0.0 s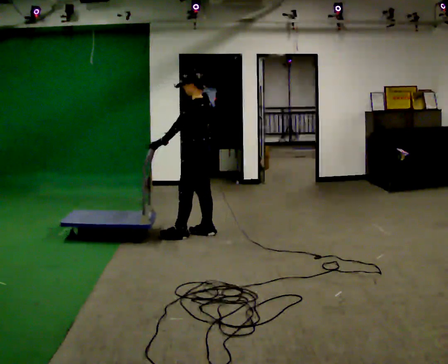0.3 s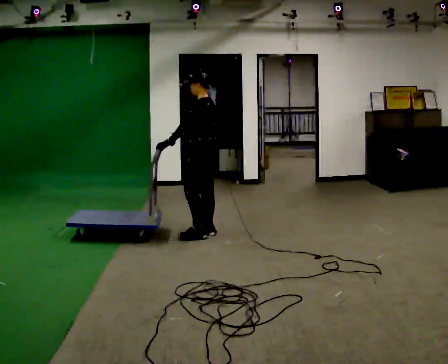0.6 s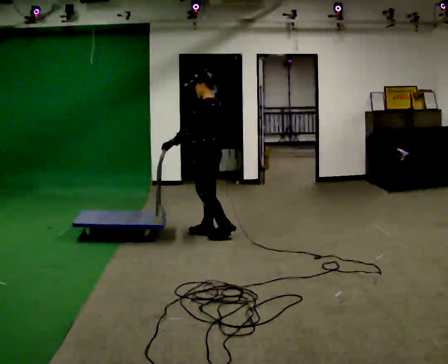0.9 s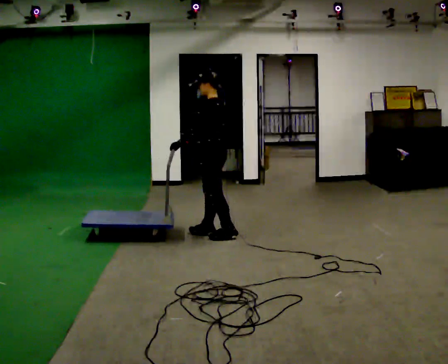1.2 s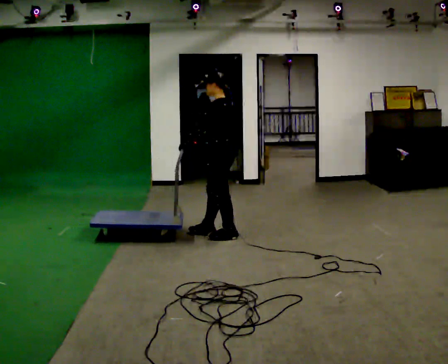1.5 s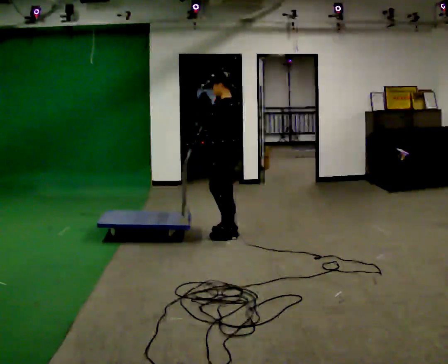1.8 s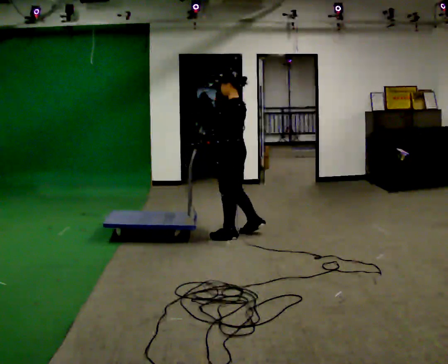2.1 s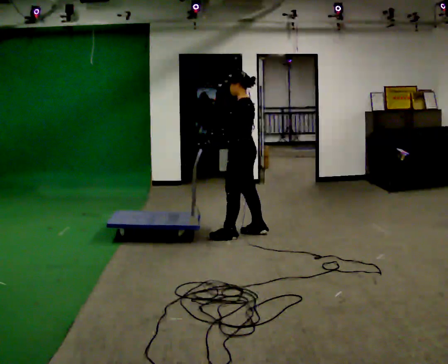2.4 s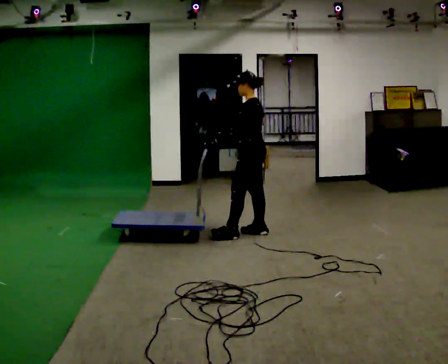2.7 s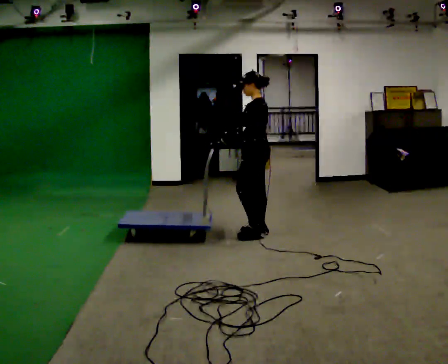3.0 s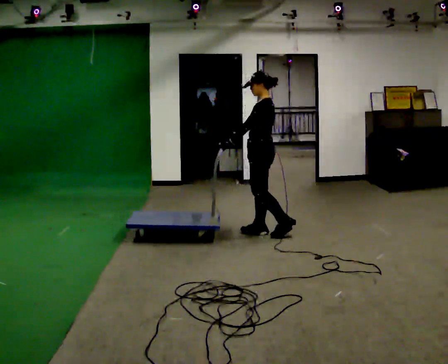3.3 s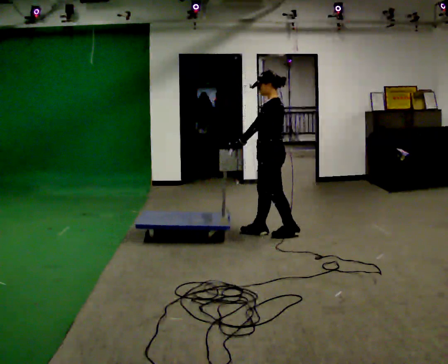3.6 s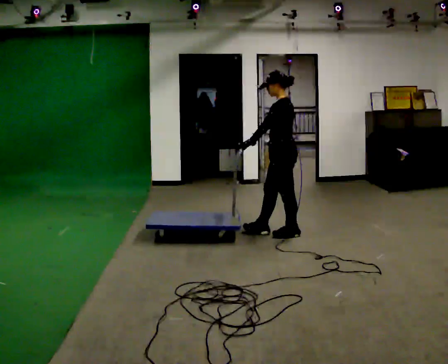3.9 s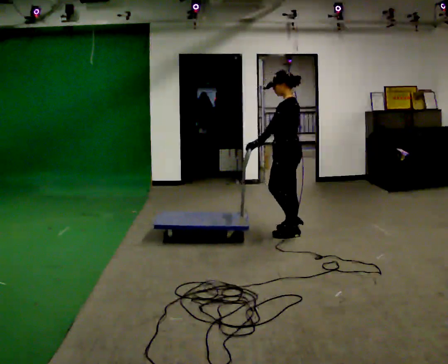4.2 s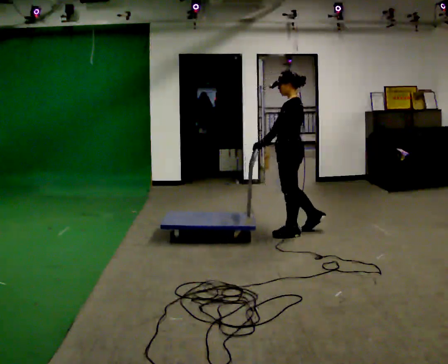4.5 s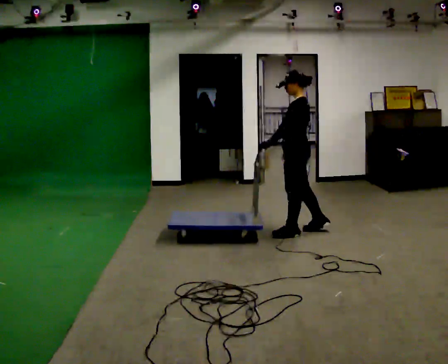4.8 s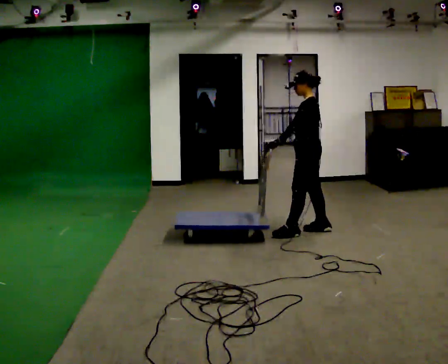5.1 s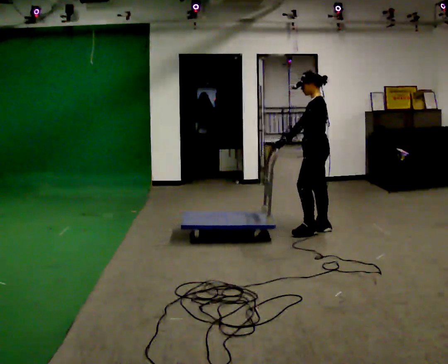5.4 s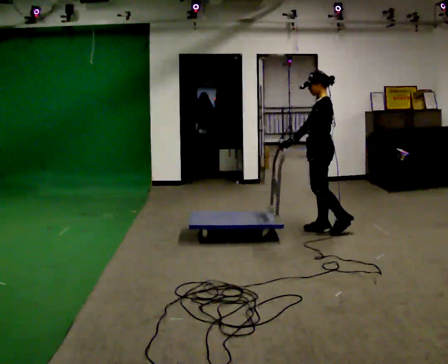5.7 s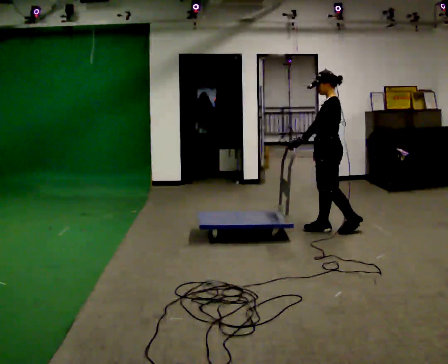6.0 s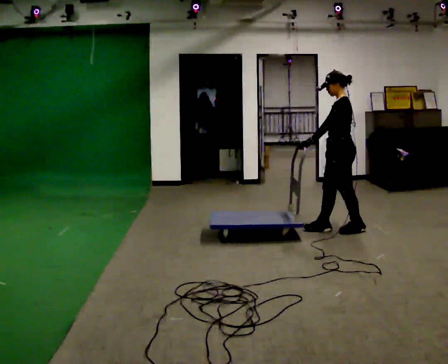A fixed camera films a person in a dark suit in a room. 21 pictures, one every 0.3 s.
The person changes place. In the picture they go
to the right.
0.0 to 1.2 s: In the picture they go to the right, about 0.25 m in 1 step, which for them is backward.
1.2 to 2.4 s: In the picture they go to the right, about 0.25 m in 1 step, which for them is backward and to their right.
2.4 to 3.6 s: In the picture they go to the right, about 0.25 m in 1 step, which for them is backward.
3.6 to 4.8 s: In the picture they go to the right, about 0.25 m in 1 step, which for them is backward and to their right.
4.8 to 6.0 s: In the picture they go to the right, about 0.25 m in 1 step, which for them is backward.
The film runs forward here.
